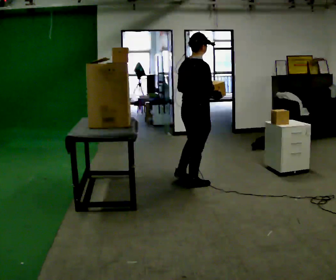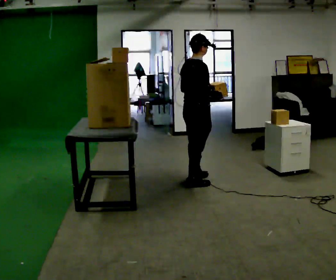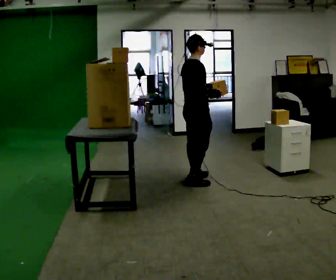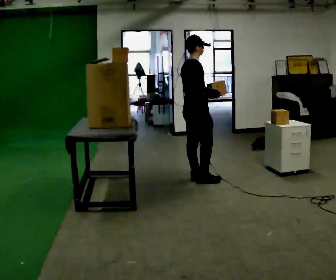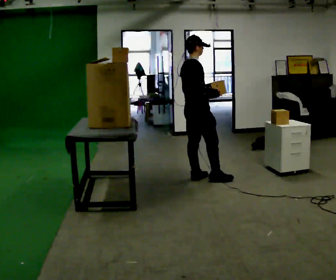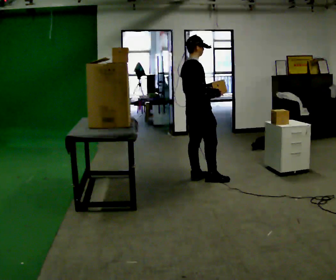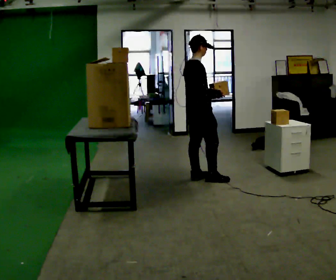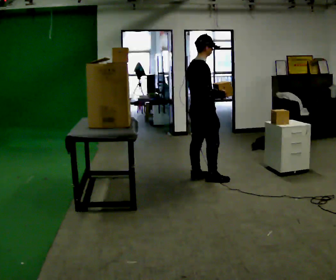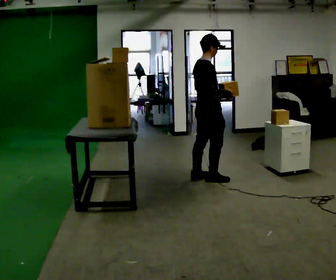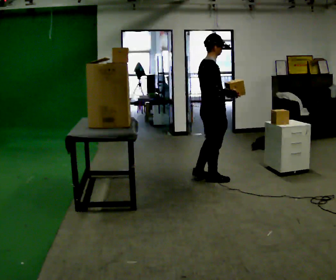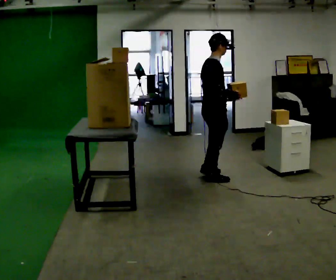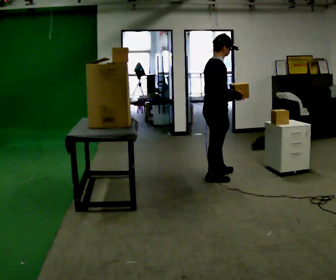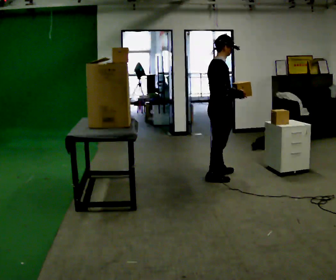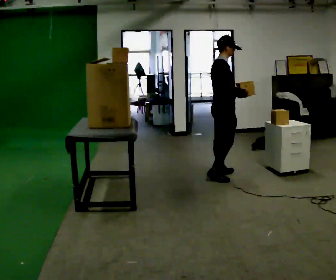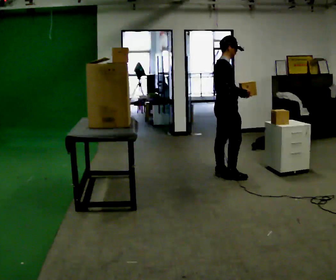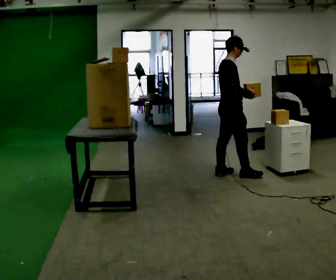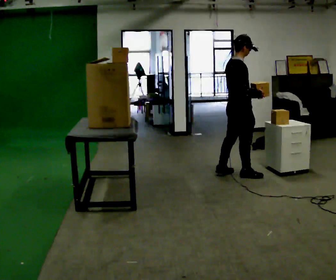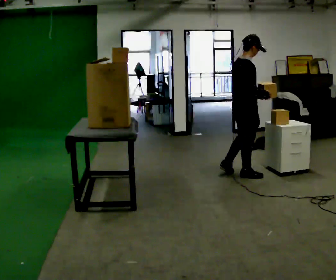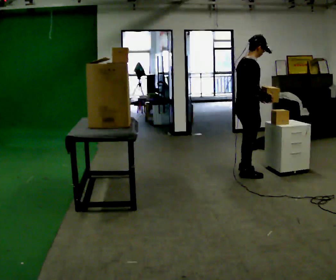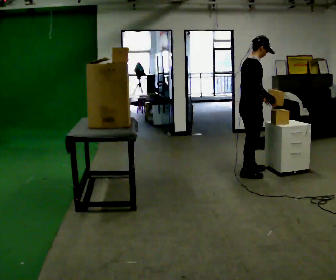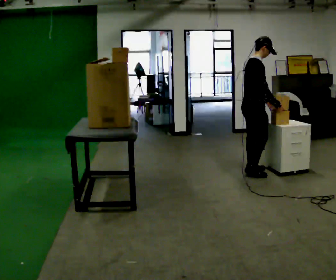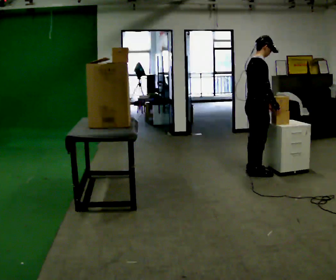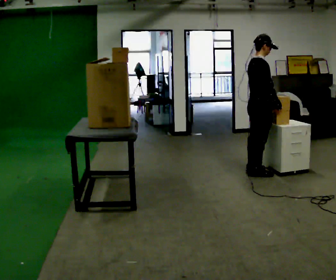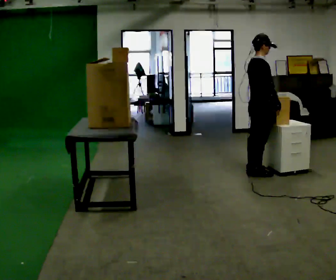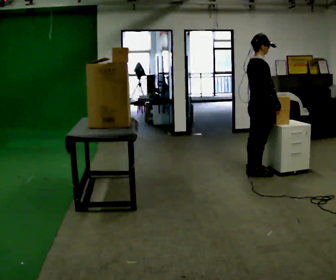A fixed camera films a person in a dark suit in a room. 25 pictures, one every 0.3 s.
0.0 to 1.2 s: In the picture they go away from the camera, about 0.25 m in 2 steps, which for them is to their left and forward.
1.2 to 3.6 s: In the picture they go to the right, about 0.25 m in 1 step, which for them is forward.
3.6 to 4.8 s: In the picture they go to the right, about 0.25 m in 1 step, which for them is forward.
4.8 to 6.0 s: In the picture they go to the right, about 0.25 m in 1 step, which for them is forward.
6.0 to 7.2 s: The person moves a little, or ends about where they began.
The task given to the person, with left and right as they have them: Take an object down from the highest shelf you can comfortably reach, carry it across, and place it on the waist-height shelf. Keep going until the operator says stop; one object at a time, and do not rush between trips.
The film runs forward here.
